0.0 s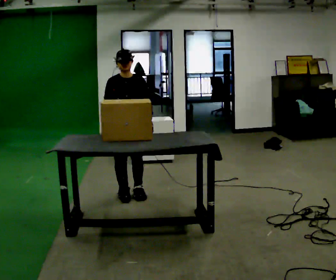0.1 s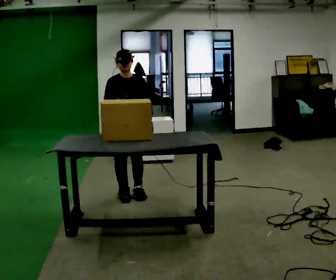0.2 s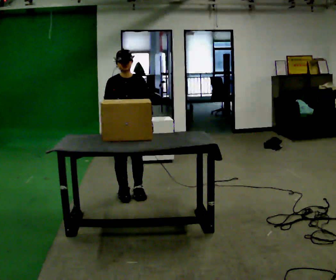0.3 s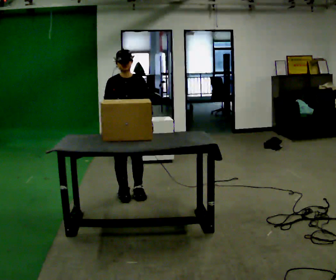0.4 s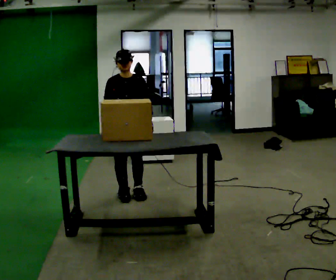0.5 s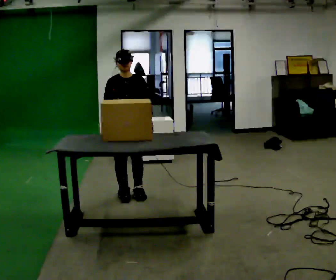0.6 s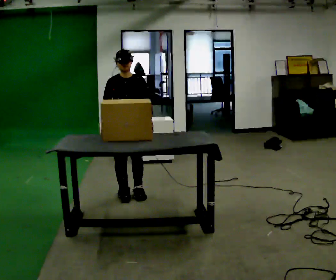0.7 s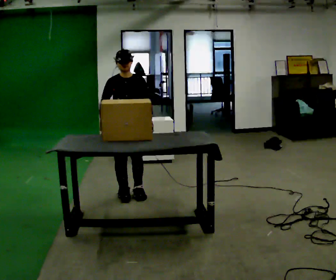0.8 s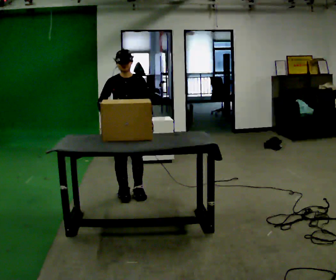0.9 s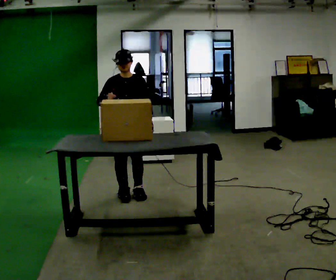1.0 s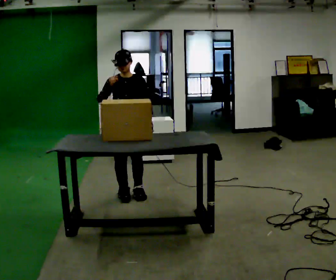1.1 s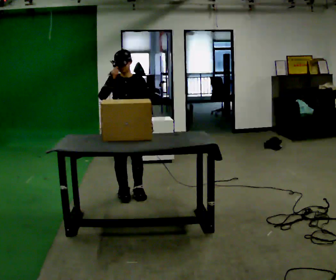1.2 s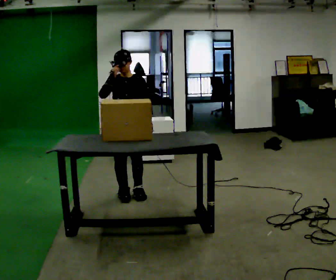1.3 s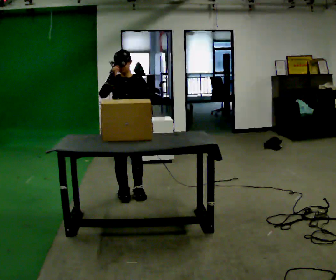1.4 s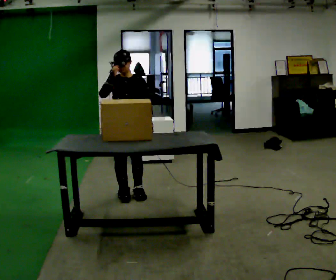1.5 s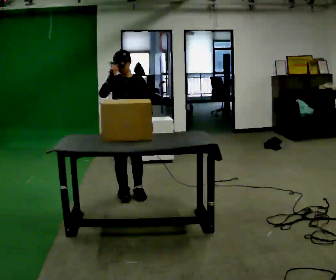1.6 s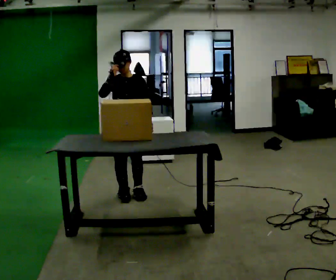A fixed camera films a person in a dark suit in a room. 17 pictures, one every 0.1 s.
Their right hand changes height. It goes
upward.
0.0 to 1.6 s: In the picture their right hand goes upward.
The film runs forward here.
